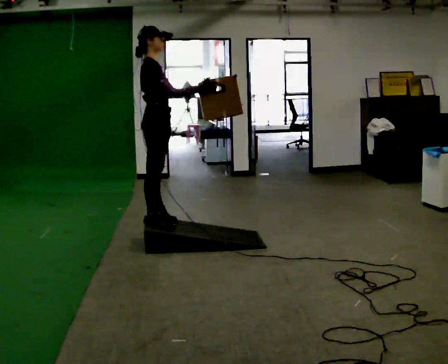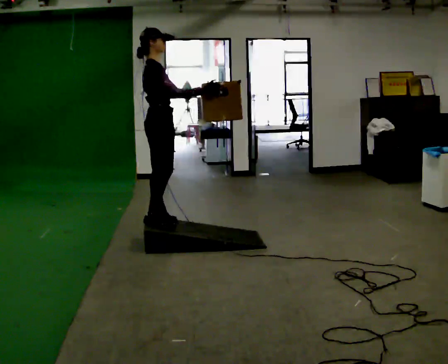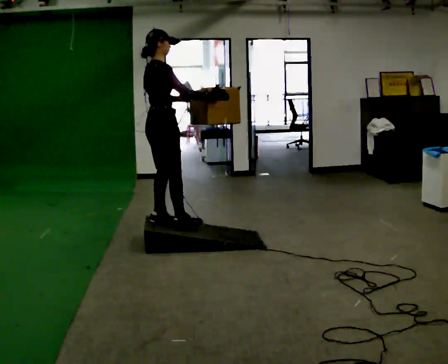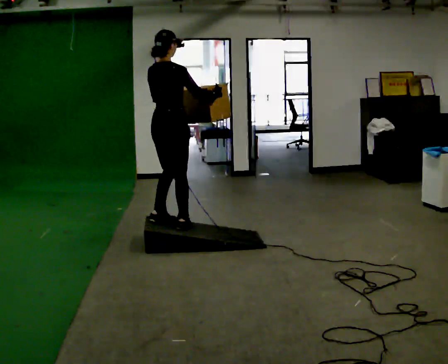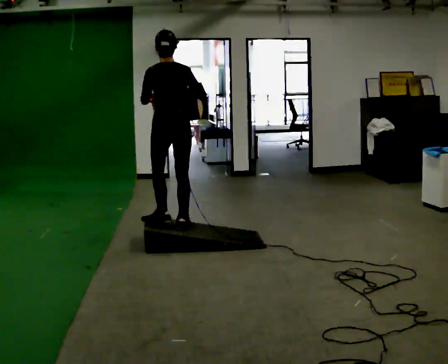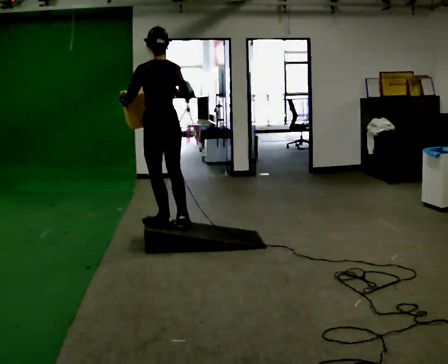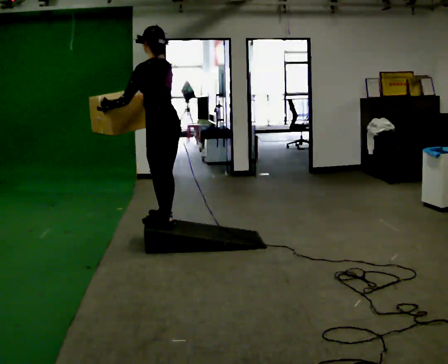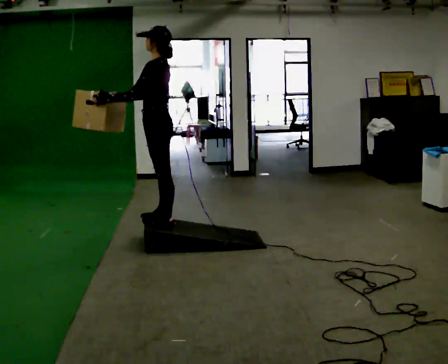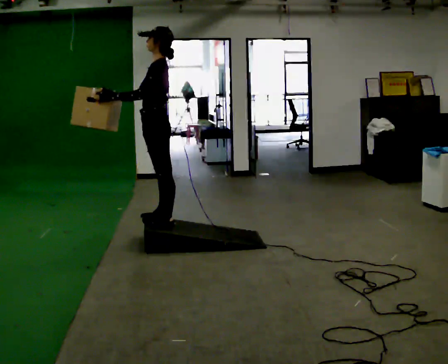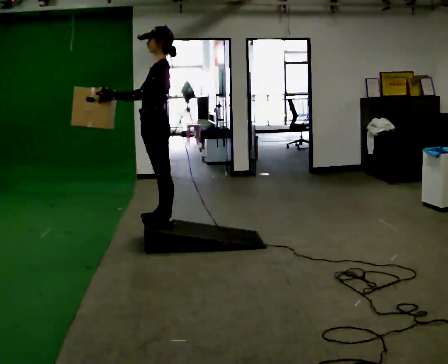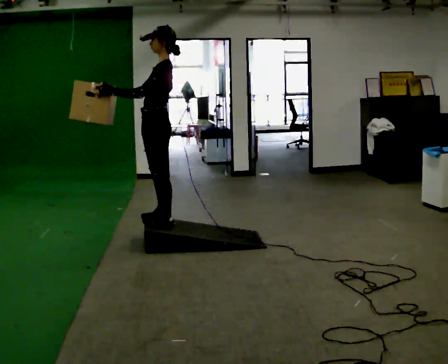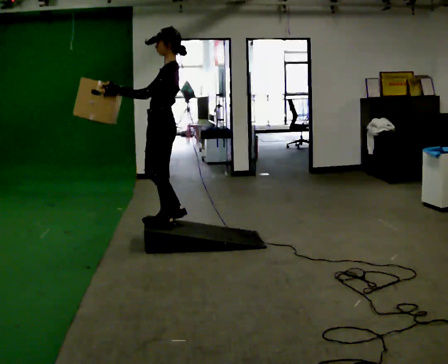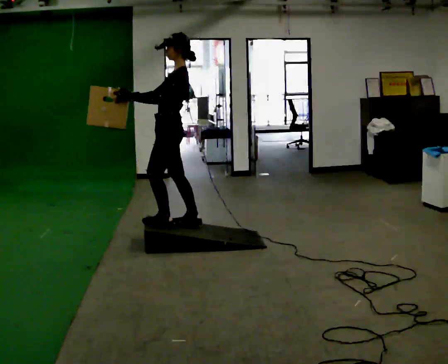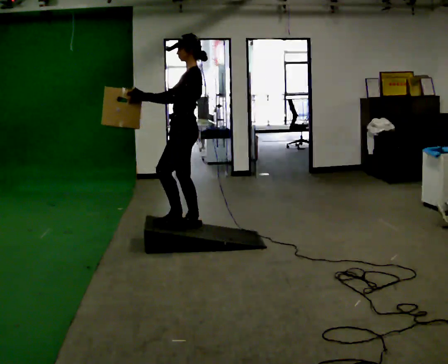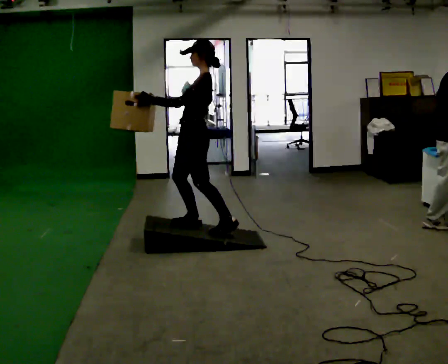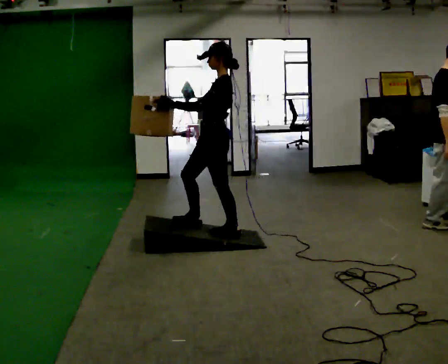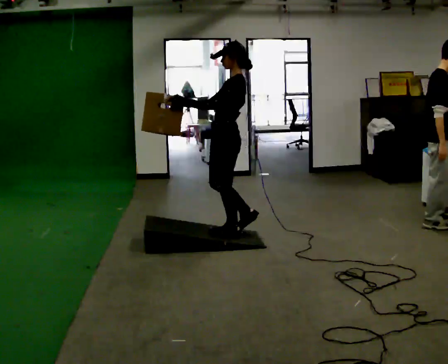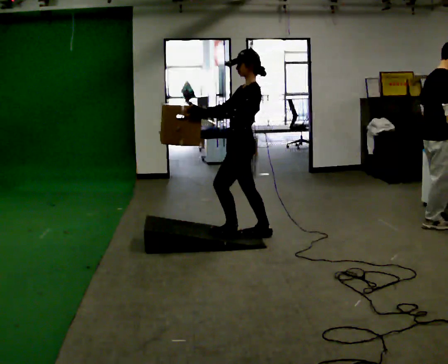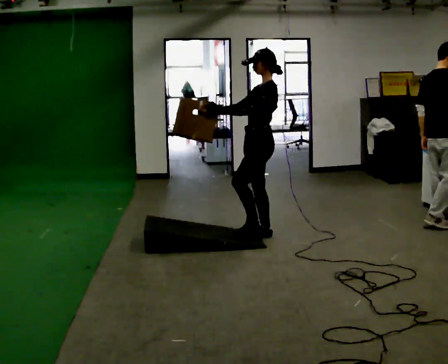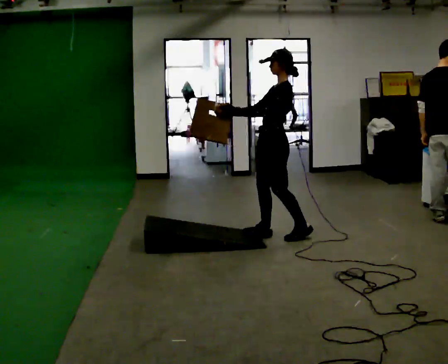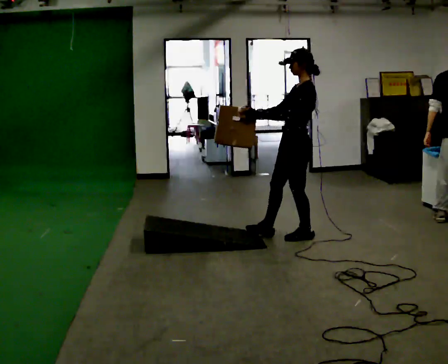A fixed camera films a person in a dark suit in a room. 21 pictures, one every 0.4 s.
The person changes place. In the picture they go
to the right.
The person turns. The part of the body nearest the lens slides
to the right.
0.0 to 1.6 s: The part of the body nearest the lens slides to the right as the person turns to their left by about 90 degrees. In the picture their left hand goes to the left.
1.6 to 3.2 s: The part of the body nearest the lens slides to the right as the person turns to their left by about 90 degrees. In the picture their right hand goes to the left.
3.2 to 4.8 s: The person moves a little, or ends about where they began.
4.8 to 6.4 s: In the picture they go to the right, about 0.5 m in 2 steps, which for them is backward.
6.4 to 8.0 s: In the picture they go to the right, about 0.5 m in 2 steps, which for them is backward.
The film runs backward here.
